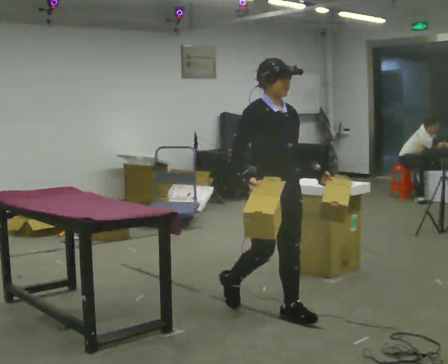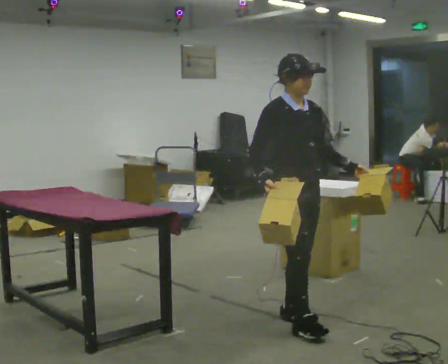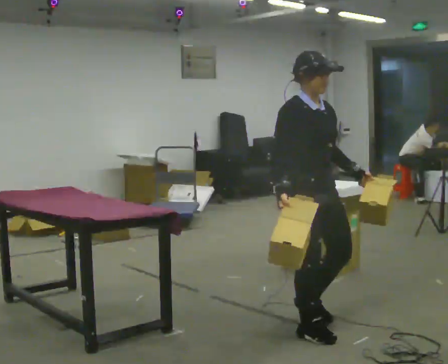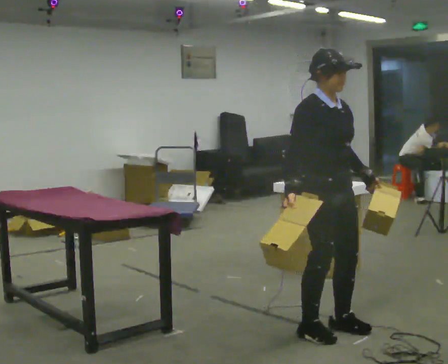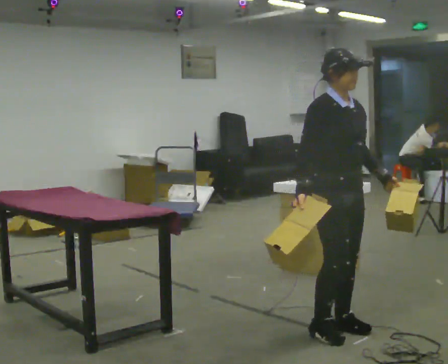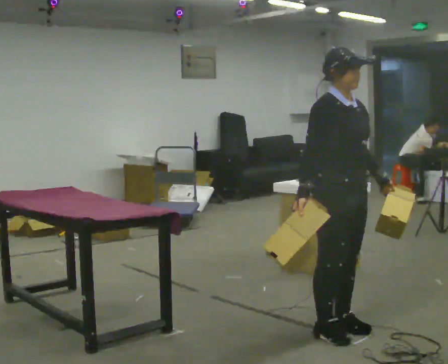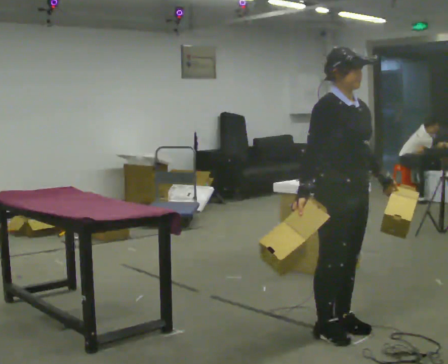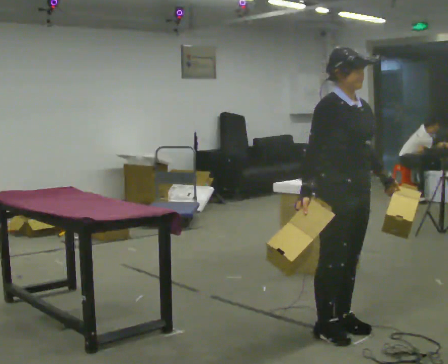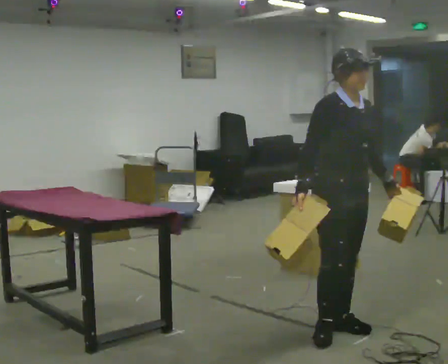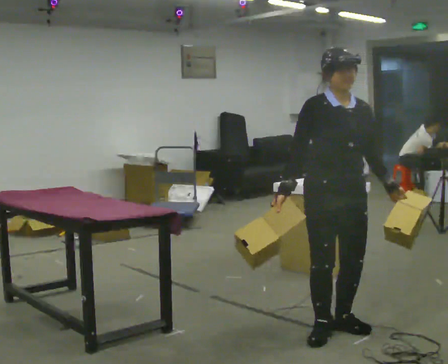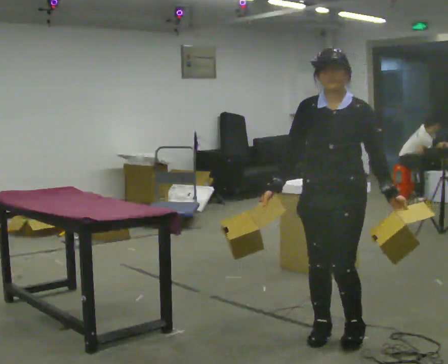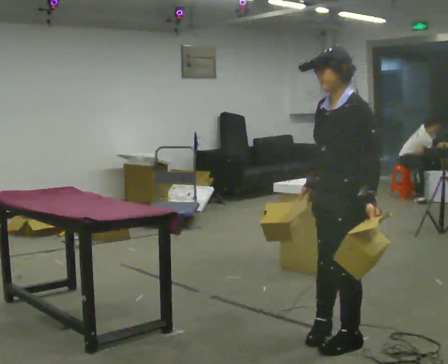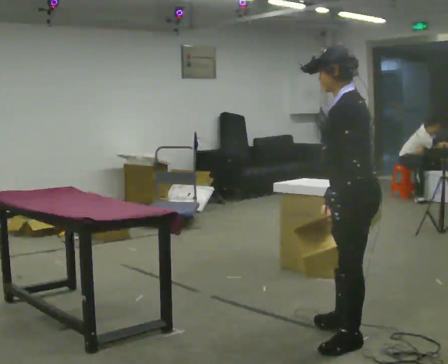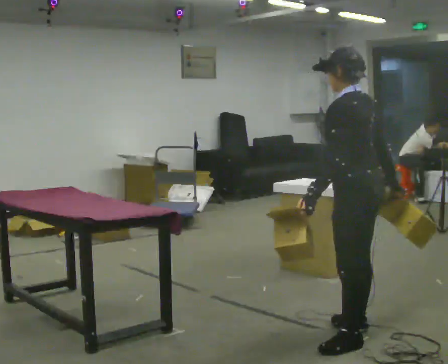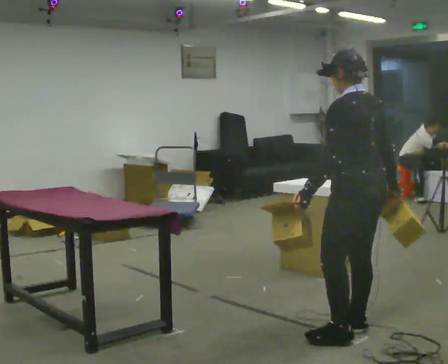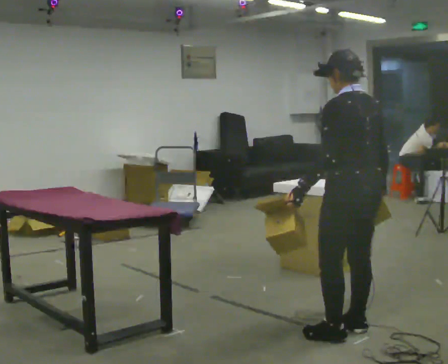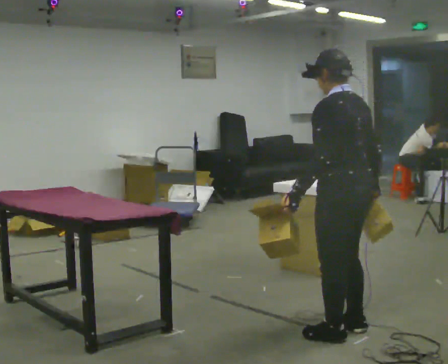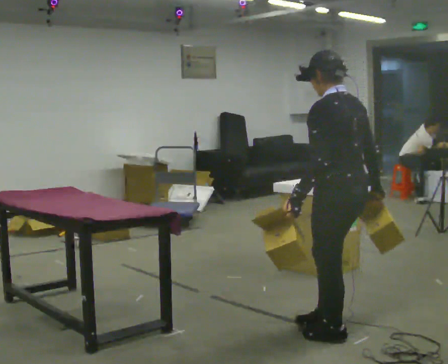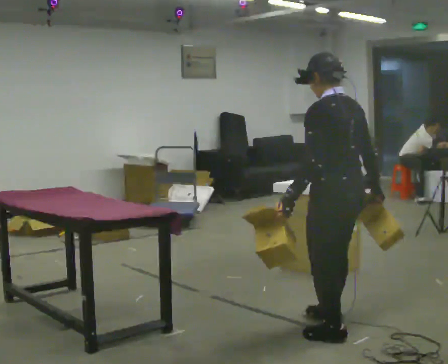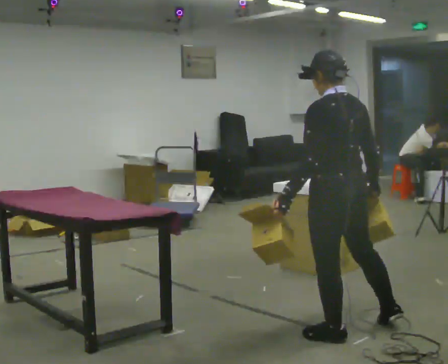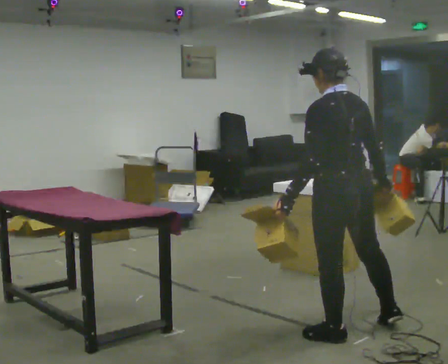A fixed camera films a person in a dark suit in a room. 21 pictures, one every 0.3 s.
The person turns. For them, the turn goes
to their right.
The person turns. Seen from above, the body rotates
clockwise.
0.0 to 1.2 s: In the picture they go to the right and toward the camera, about 0.5 m in 2 steps, which for them is forward.
1.2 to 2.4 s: The person moves a little, or ends about where they began.
2.4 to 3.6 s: Seen from above the body turns clockwise, about 135 degrees: to their right, with its near side sliding to the left. In the picture they go toward the camera, about 0.25 m in 1 step. In the picture their right hand goes to the right, the arm swinging counterclockwise.
3.6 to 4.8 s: The part of the body nearest the lens slides to the left as the person turns to their right by about 30 degrees.
4.8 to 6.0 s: The person moves a little, or ends about where they began.
The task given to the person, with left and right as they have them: Carry two objects across the room, then put just one of them on the shelf while still holding the other. Then bring them both back. Keep going until the operator says stop; one object at a time, and do not rush between trips.
The film runs forward here.
